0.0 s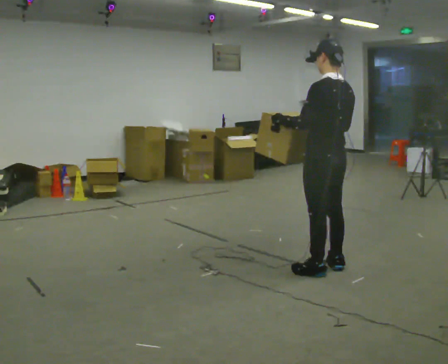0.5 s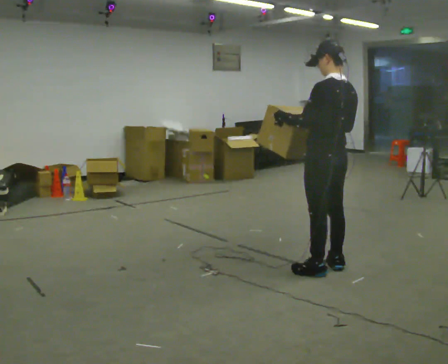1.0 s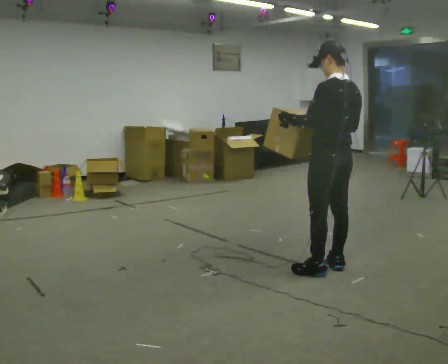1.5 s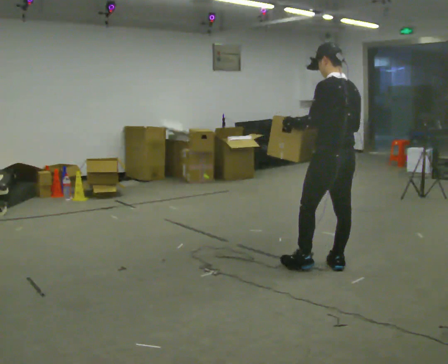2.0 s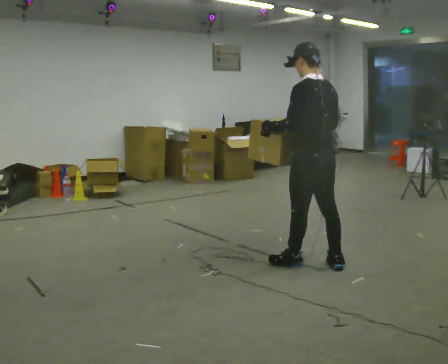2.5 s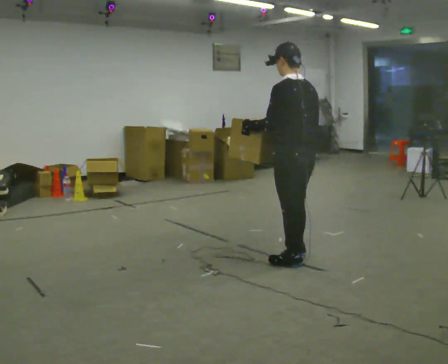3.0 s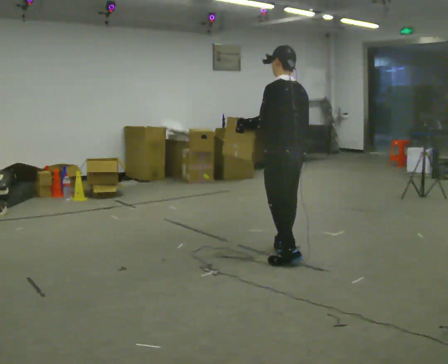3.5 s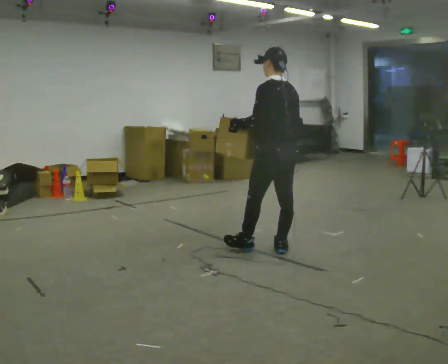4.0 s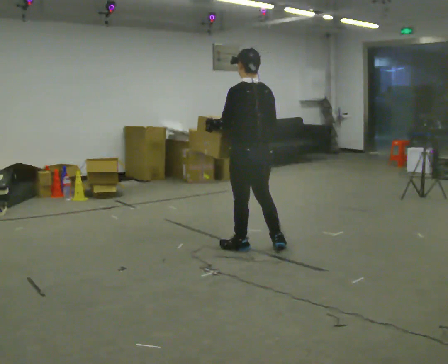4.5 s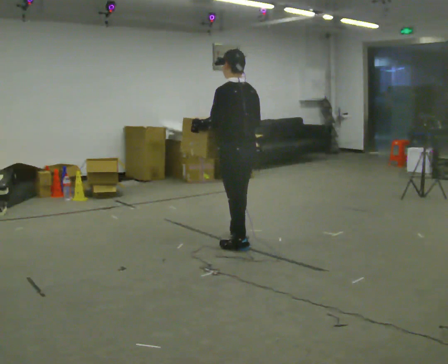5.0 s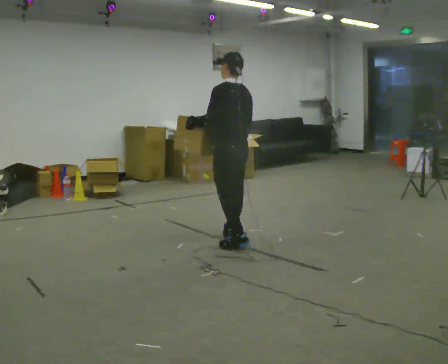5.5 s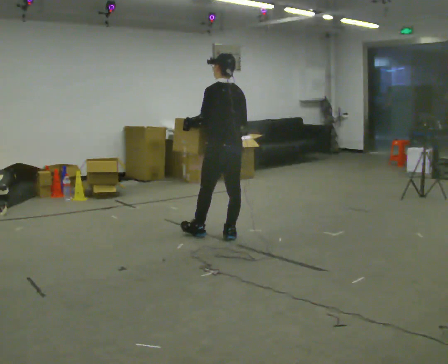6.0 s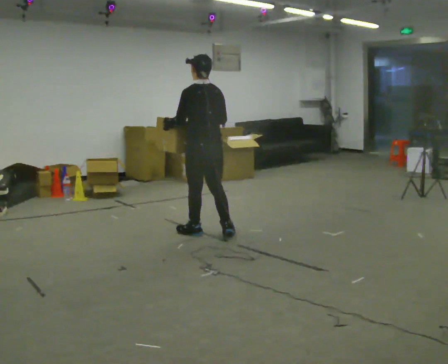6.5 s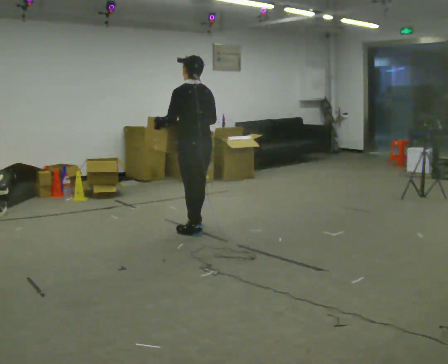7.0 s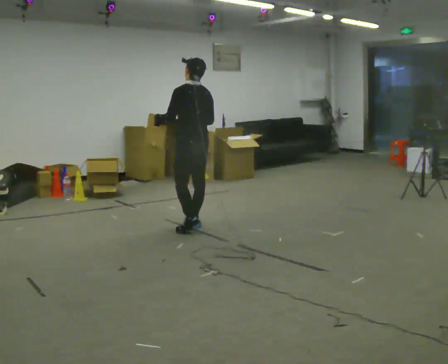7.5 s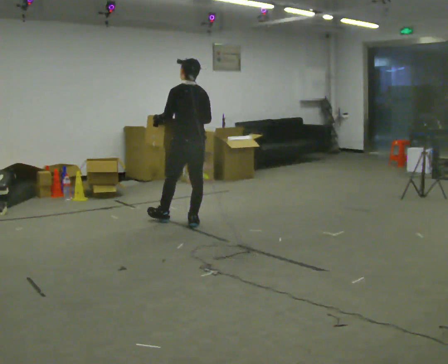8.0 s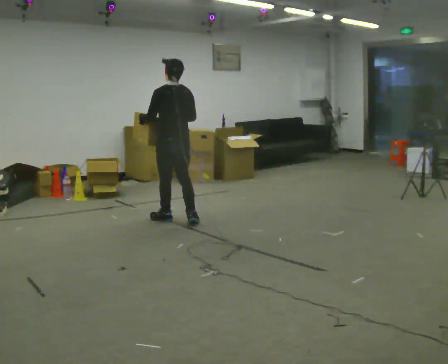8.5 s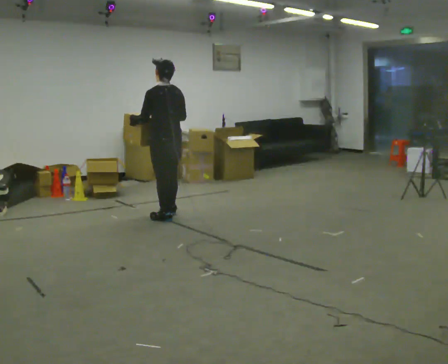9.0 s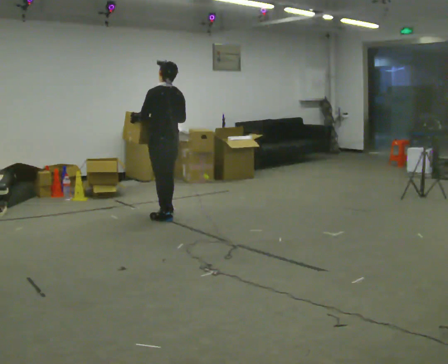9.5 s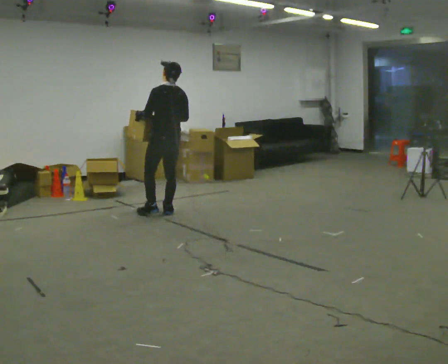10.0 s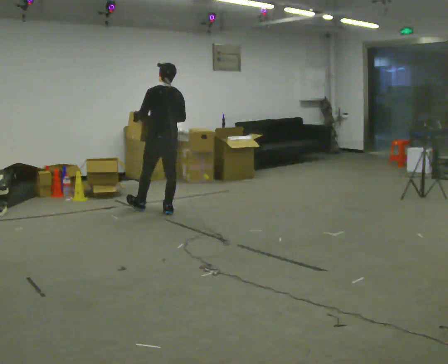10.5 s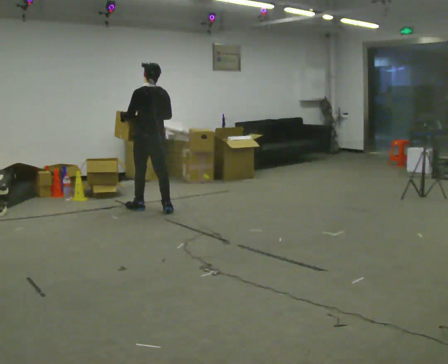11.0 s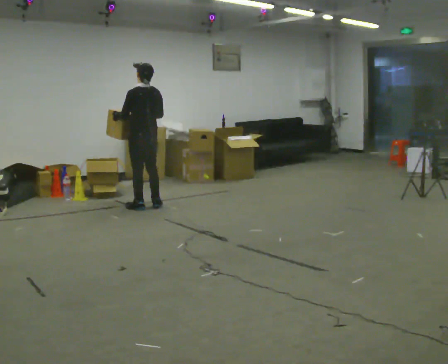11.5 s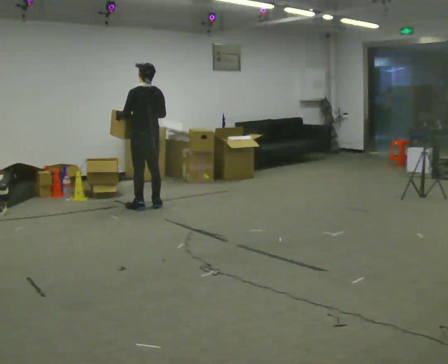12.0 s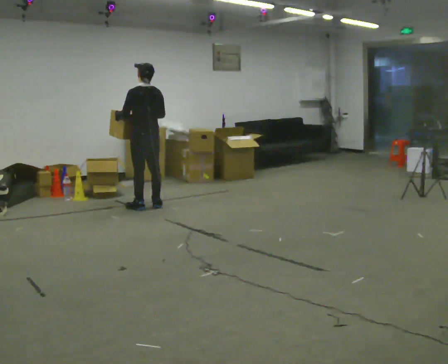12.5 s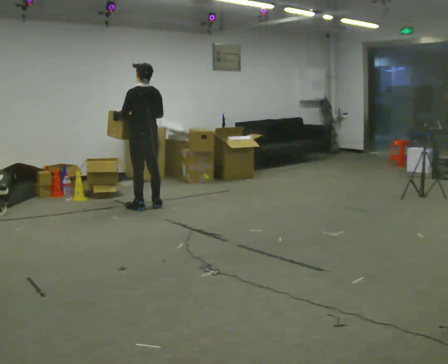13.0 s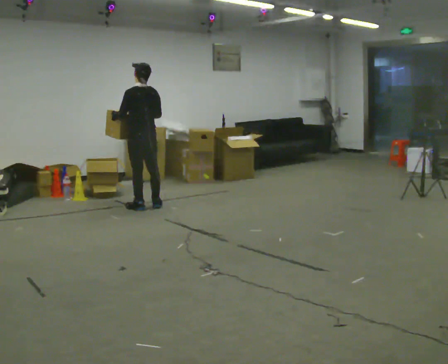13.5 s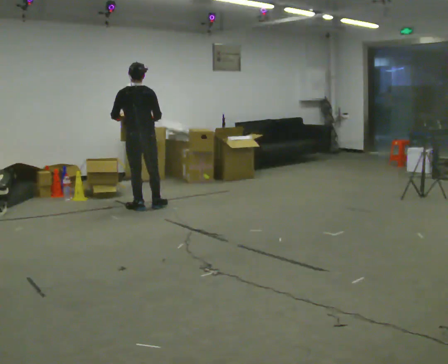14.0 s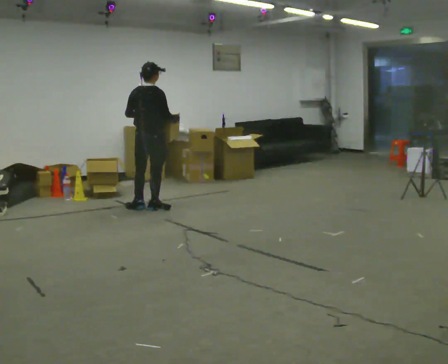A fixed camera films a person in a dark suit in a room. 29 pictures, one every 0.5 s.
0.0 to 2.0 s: The person moves a little, or ends about where they began.
2.0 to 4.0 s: In the picture they go away from the camera and to the left, about 0.75 m in 2 steps, which for them is forward.
4.0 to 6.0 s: In the picture they go away from the camera and to the left, about 0.5 m in 2 steps, which for them is forward.
6.0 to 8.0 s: In the picture they go away from the camera and to the left, about 0.5 m in 2 steps, which for them is forward.
8.0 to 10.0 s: In the picture they go away from the camera, about 0.5 m in 2 steps, which for them is forward and to their right.
10.0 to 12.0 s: In the picture they go away from the camera and to the left, about 0.25 m in 1 step, which for them is forward.
12.0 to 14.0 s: The part of the body nearest the lens slides to the left as the person turns to their right by about 60 degrees. In the picture their right hand goes to the right.
The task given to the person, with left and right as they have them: Carry the box in both hands and walk back and forth across the room. The contents may move around. Carry on as best you can.
The film runs forward here.
